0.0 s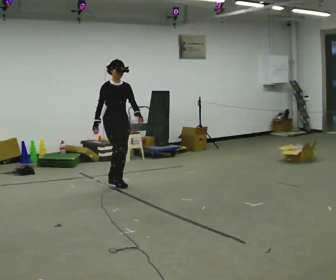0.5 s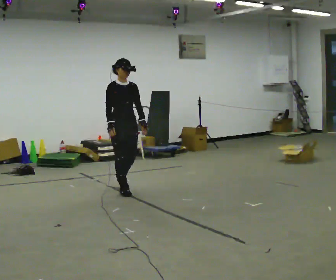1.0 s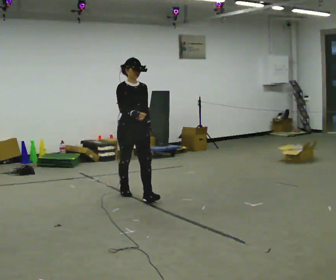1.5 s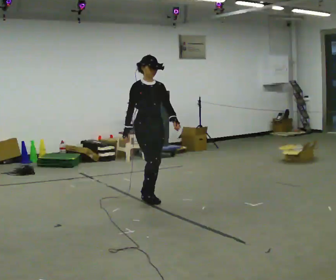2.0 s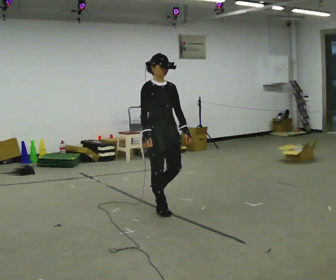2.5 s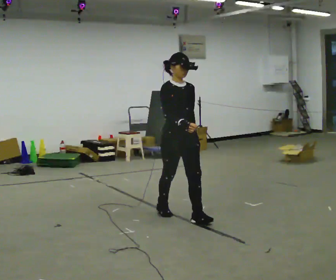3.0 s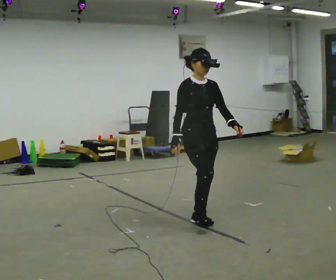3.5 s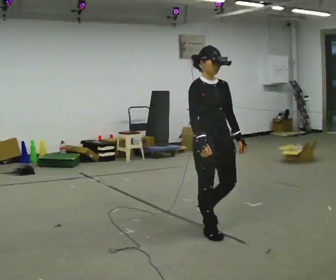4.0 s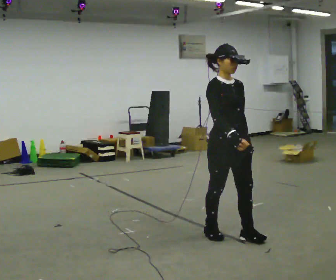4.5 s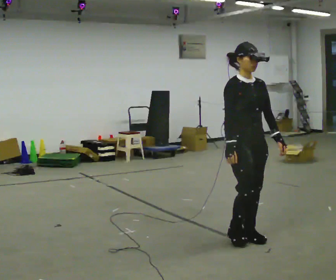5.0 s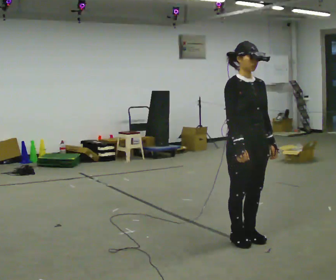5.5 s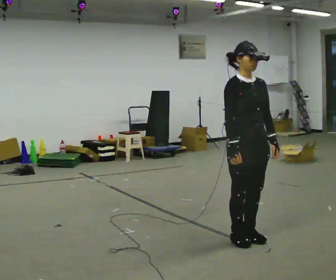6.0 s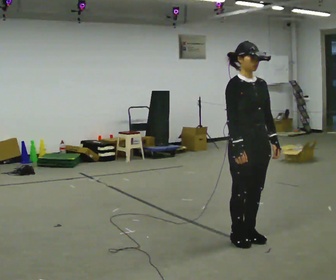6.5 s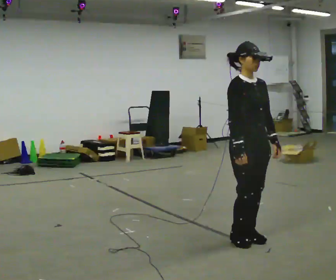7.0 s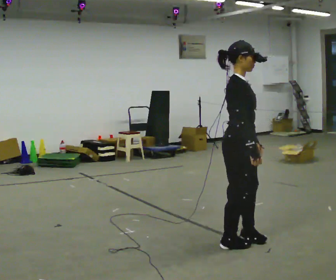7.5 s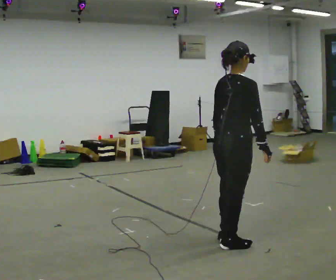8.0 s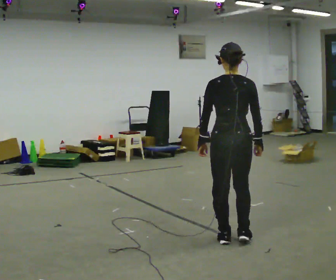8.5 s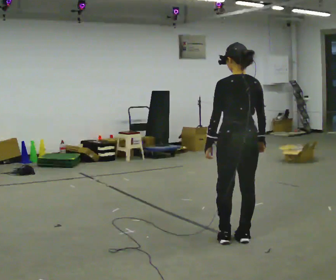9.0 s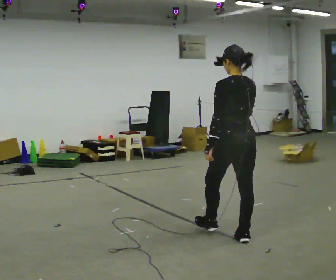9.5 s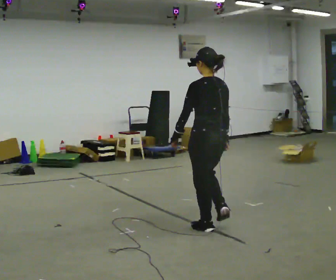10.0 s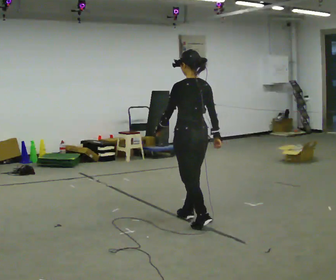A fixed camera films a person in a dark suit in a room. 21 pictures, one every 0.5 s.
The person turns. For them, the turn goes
to their left.
The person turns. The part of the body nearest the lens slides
to the right.
0.0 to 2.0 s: In the picture they go toward the camera and to the right, about 1 m in 3 steps, which for them is forward.
2.0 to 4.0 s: In the picture they go toward the camera and to the right, about 1 m in 3 steps, which for them is forward.
4.0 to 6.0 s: In the picture they go to the right, about 0.25 m in 1 step, which for them is forward.
6.0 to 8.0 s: The part of the body nearest the lens slides to the right as the person turns to their left by about 150 degrees. In the picture their left hand goes to the left, the arm swinging clockwise.
8.0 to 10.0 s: The person turns about 45 degrees to their left, counterclockwise seen from above, so the part of the body nearest the lens slides to the right. In the picture they go away from the camera and to the left, about 0.75 m in 3 steps, which for them is forward.
The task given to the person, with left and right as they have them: Walk forward noticeably slower than normal; do not shuffle; stop.
The film runs forward here.
